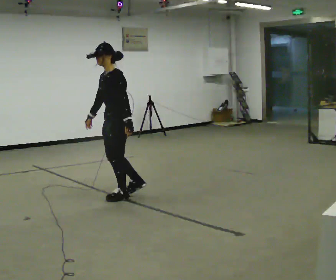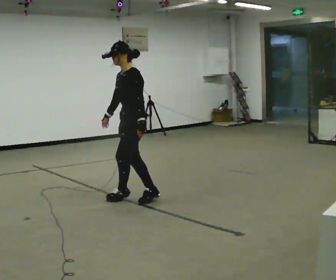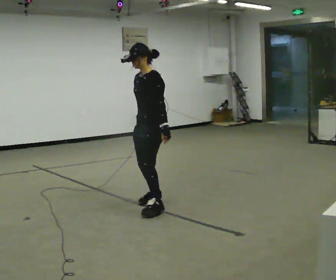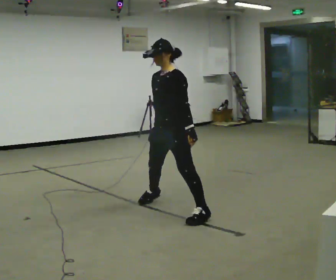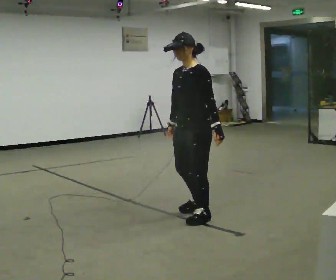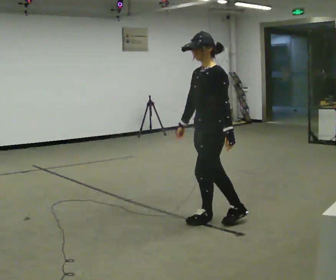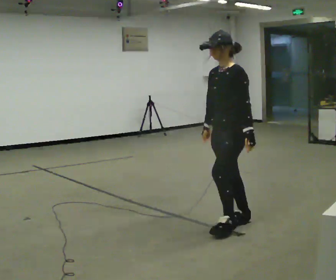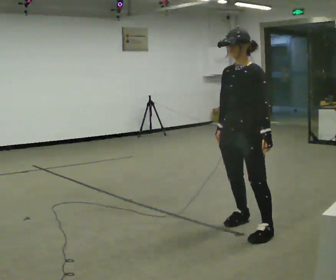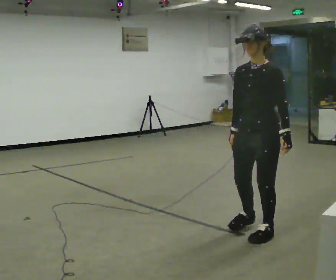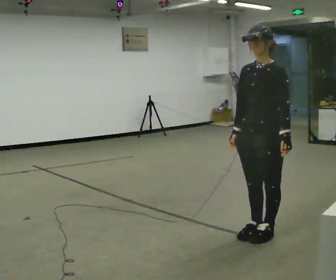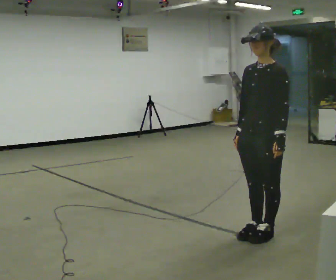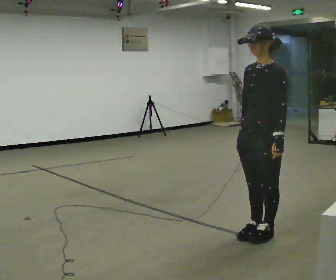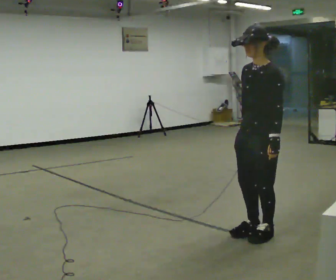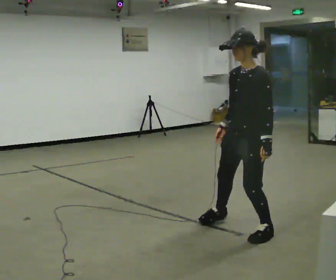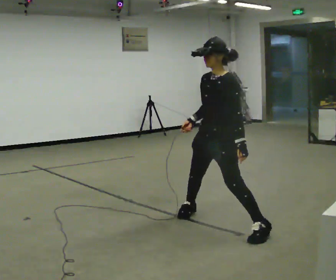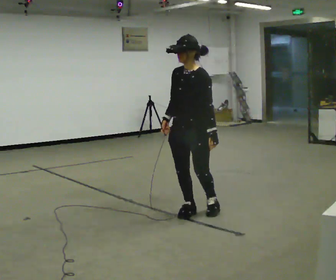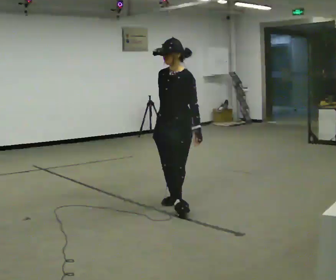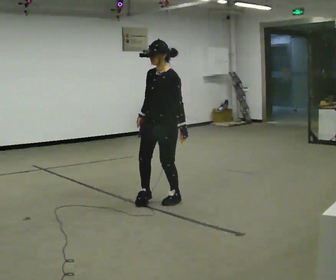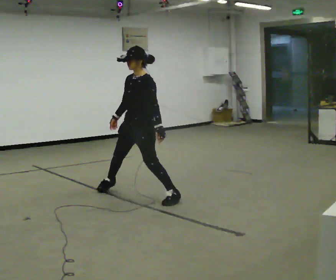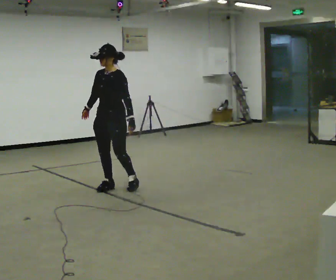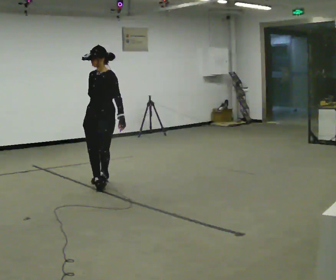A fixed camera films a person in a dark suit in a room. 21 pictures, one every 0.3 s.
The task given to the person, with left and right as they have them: Move sideways in the direction the operator calls, crossing one foot in front and then behind, alternating.
0.0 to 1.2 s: In the picture they go to the right and toward the camera, about 1 m in 2 steps, which for them is to their left.
1.2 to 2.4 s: In the picture they go to the right and toward the camera, about 0.75 m in 2 steps, which for them is to their left.
2.4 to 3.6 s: The person moves a little, or ends about where they began.
3.6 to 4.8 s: The person turns about 30 degrees to their left, counterclockwise seen from above, so the part of the body nearest the lens slides to the right. In the picture they go away from the camera and to the left, about 1 m in 2 steps, which for them is to their right.
4.8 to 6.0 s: In the picture they go to the left and away from the camera, about 1 m in 1 step, which for them is to their right.
The film runs forward here.
